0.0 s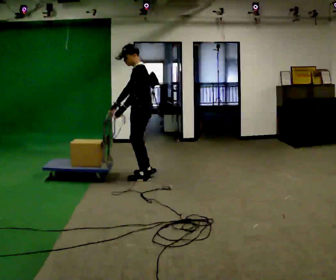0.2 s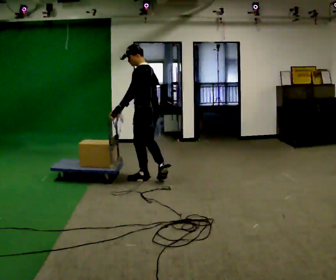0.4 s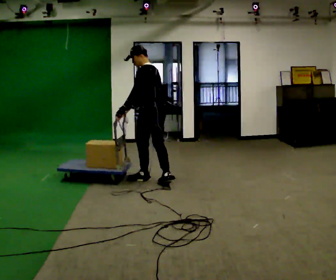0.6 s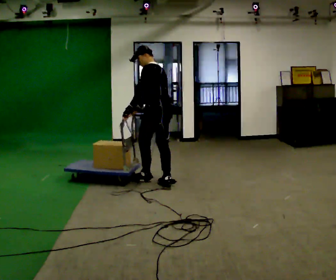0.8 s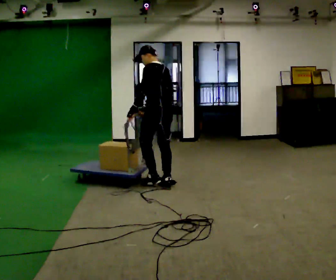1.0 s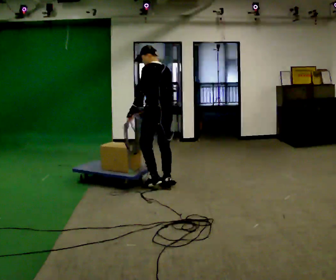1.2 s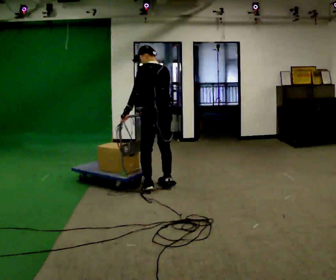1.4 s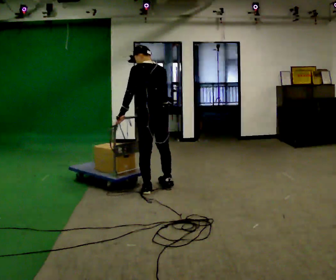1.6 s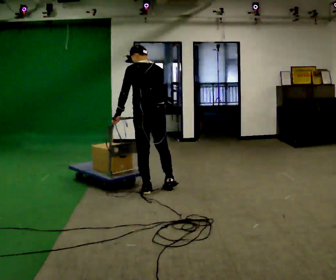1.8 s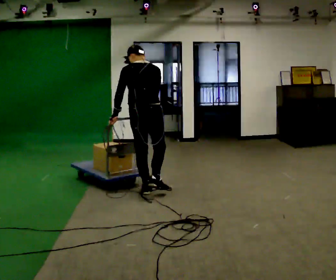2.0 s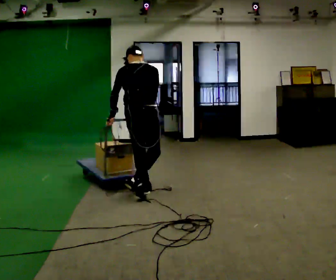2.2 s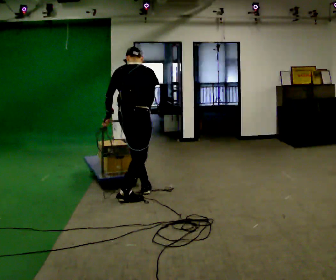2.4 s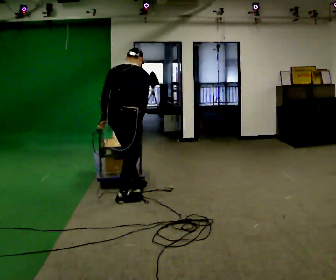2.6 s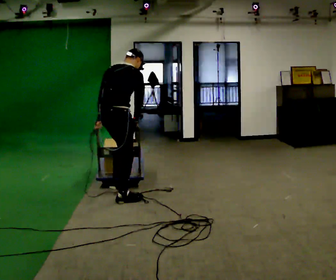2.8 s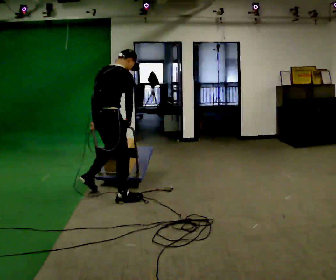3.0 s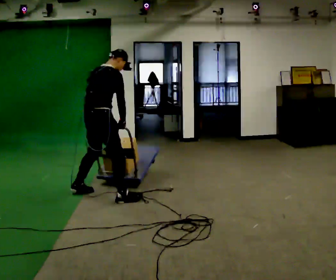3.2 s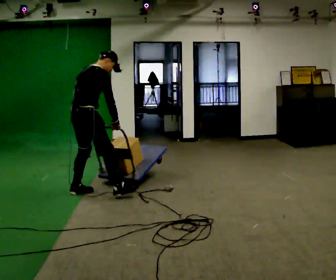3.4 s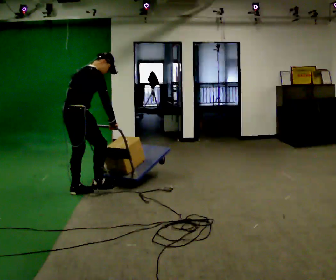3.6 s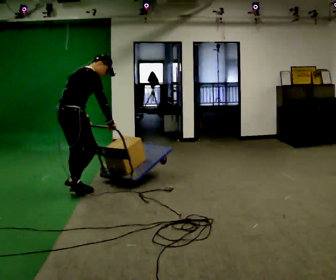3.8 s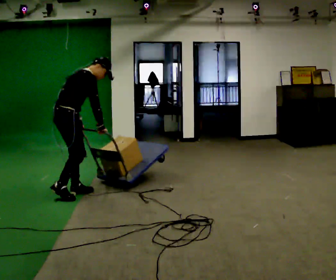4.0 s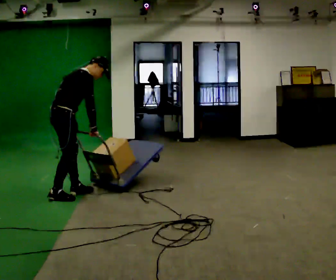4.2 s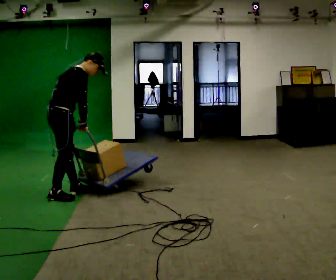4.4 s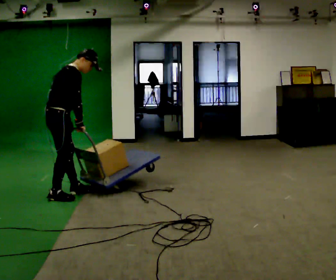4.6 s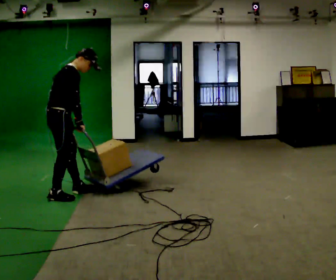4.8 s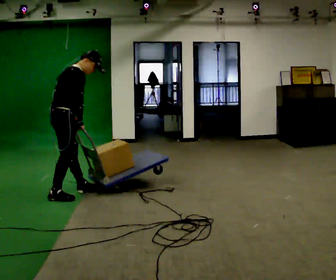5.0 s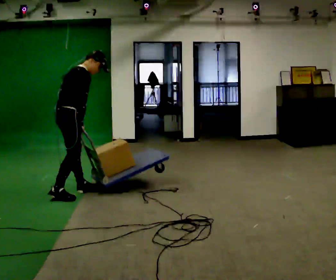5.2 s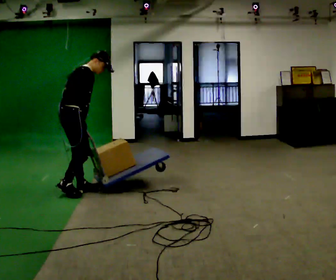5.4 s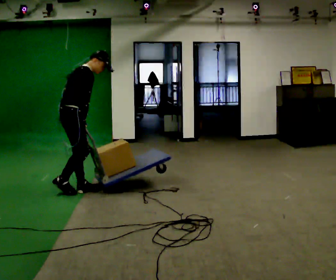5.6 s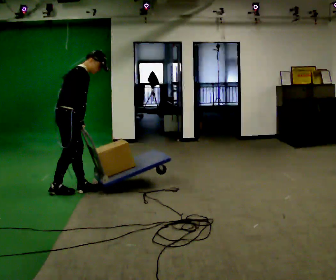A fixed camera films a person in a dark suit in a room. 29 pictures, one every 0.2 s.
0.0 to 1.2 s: Seen from above the body turns clockwise, about 60 degrees: to their right, with its near side sliding to the left. In the picture they go toward the camera and to the right, about 0.5 m in 1 step, which for them is backward.
1.2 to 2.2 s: Seen from above the body turns clockwise, about 60 degrees: to their right, with its near side sliding to the left. In the picture they go toward the camera and to the left, about 0.5 m in 1 step, which for them is backward and to their left.
2.2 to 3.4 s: The part of the body nearest the lens slides to the left as the person turns to their right by about 30 degrees. In the picture they go to the left, about 0.75 m in 2 steps, which for them is backward and to their left. In the picture the upper body tilts clockwise, shoulders to the right.
3.4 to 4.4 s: In the picture they go to the left, about 0.25 m, which for them is backward. In the picture their right hand goes to the left.
4.4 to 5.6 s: In the picture they go away from the camera, about 0.25 m in 1 step, which for them is forward and to their left.
The film runs backward here.
